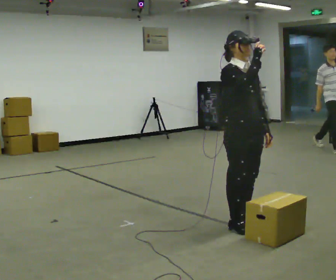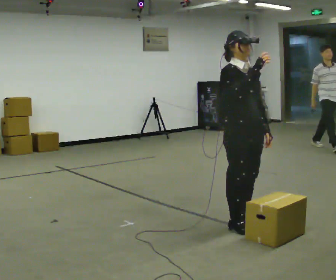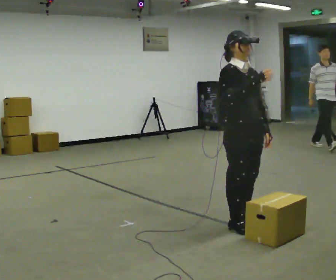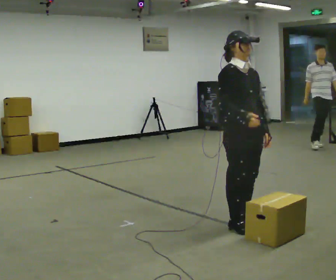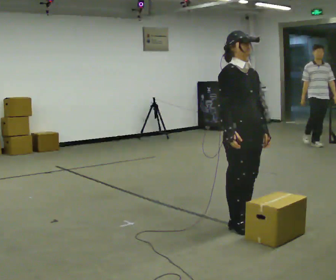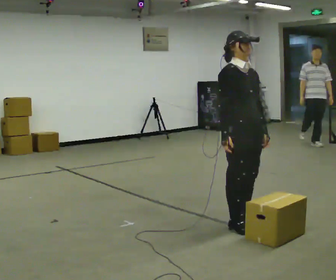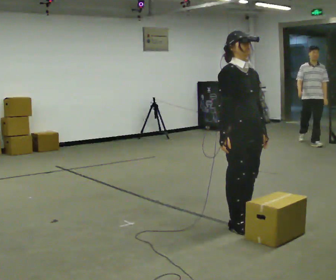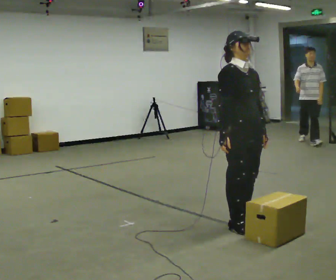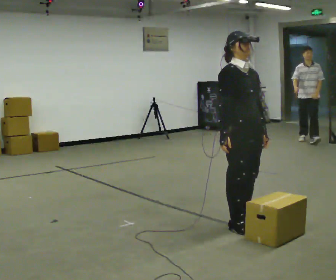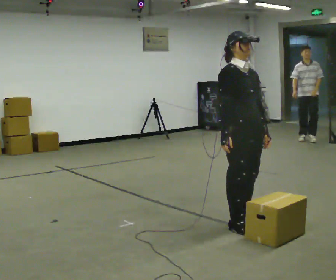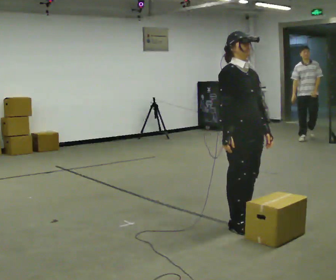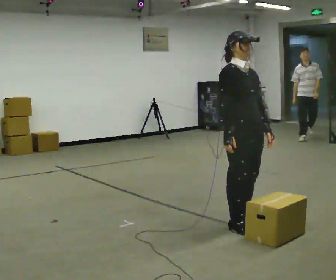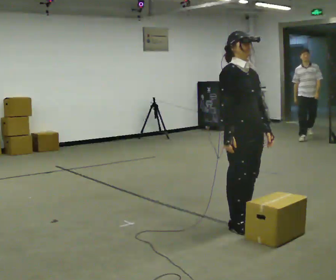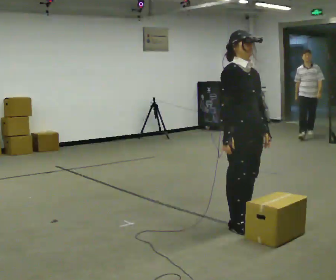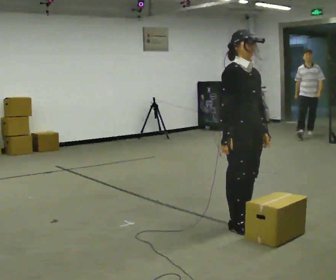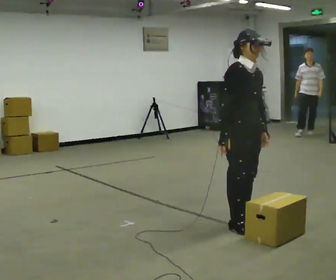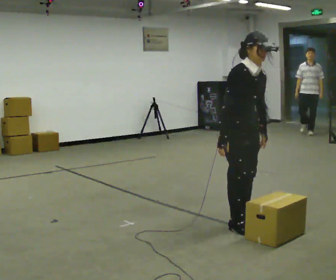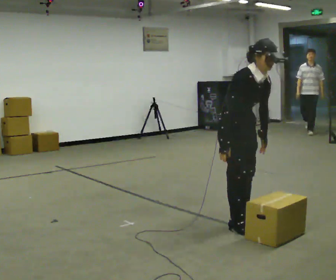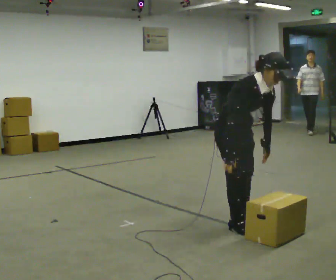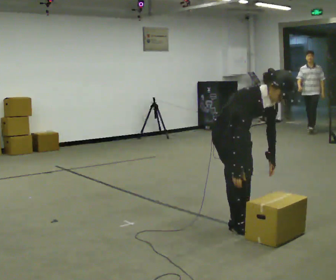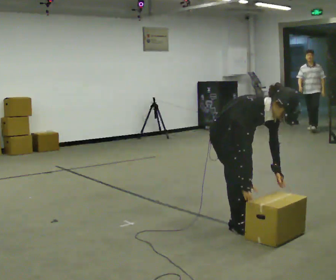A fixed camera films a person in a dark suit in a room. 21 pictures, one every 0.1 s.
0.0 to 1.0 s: In the picture their right hand goes downward.
1.0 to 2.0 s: The shoulders move downward. In the picture the upper body tilts clockwise, shoulders to the right, as they bend forward.
The film runs backward here.
